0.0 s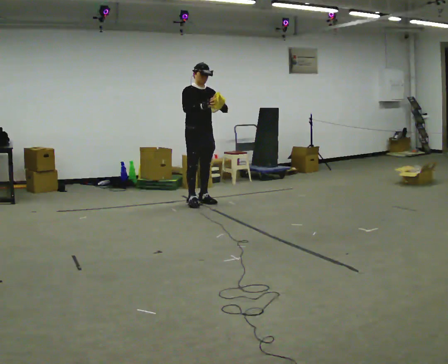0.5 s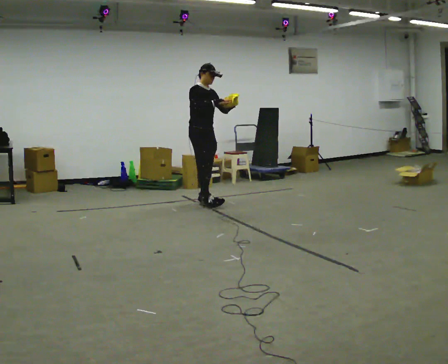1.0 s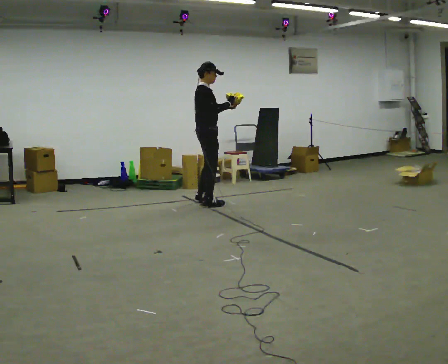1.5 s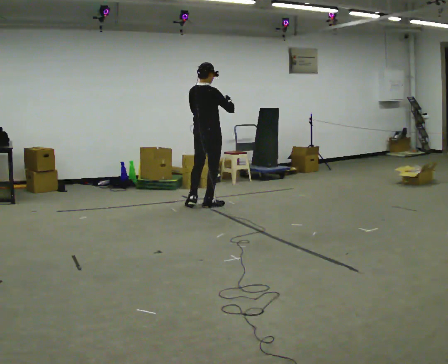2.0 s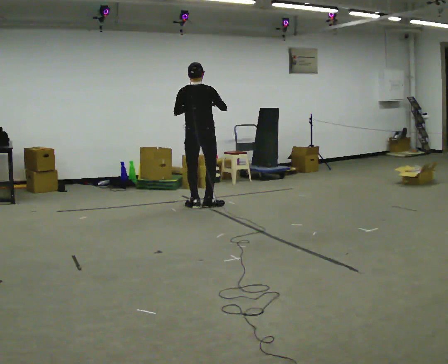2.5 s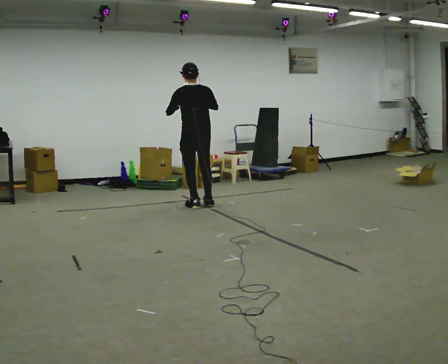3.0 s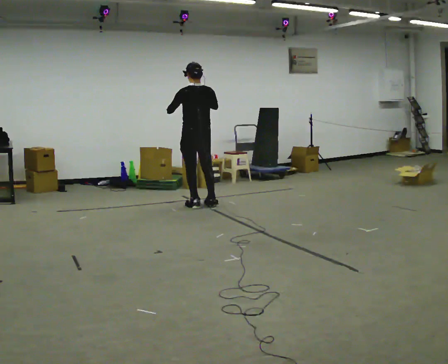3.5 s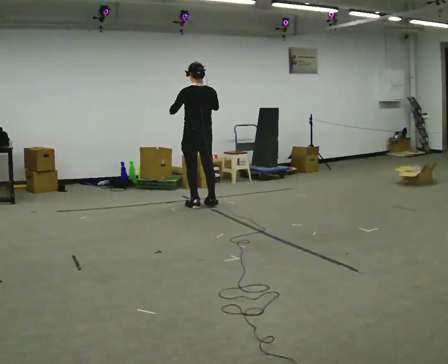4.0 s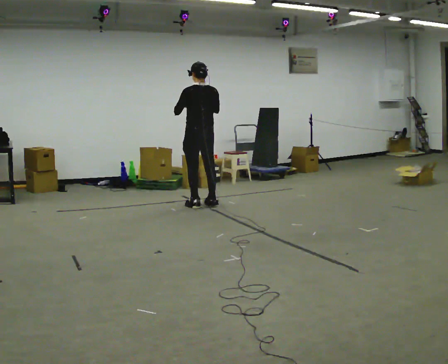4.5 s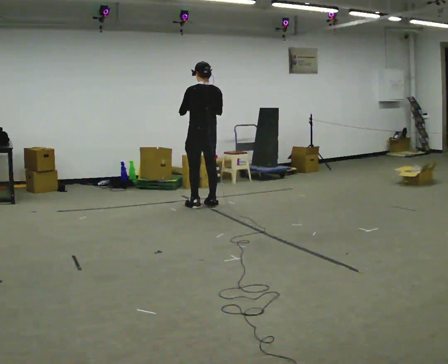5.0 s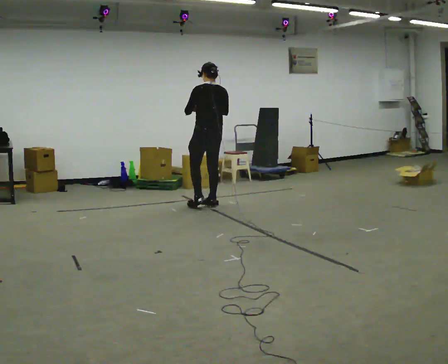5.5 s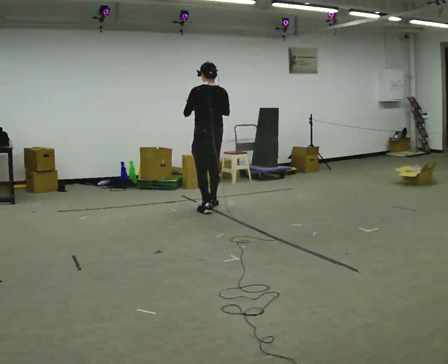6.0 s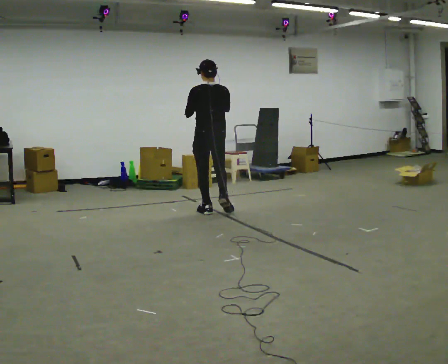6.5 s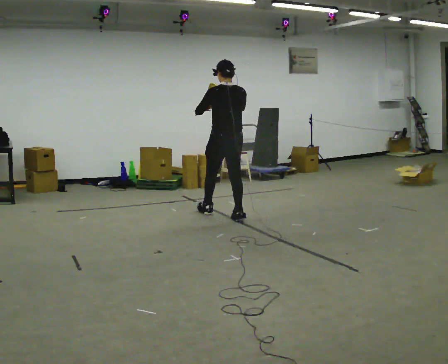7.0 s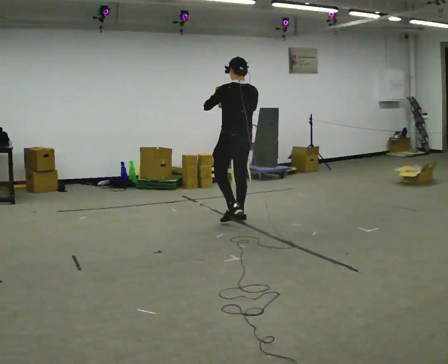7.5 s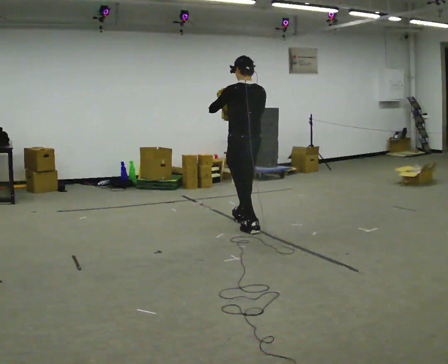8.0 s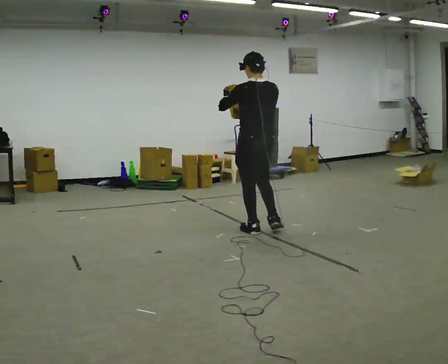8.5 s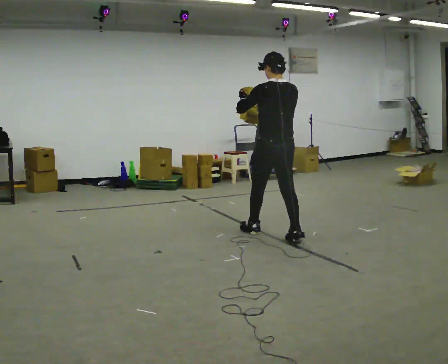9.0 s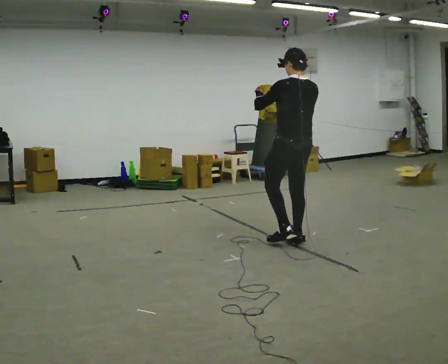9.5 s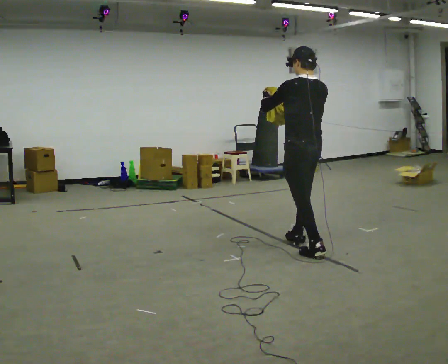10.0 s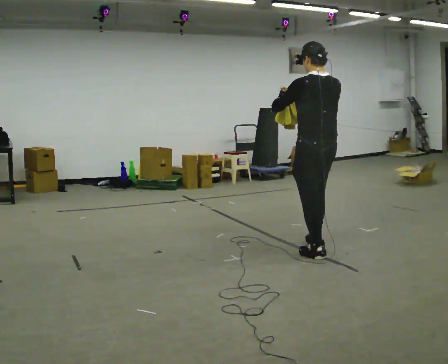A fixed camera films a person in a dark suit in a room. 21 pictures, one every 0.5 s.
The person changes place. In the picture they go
toward the camera.
0.0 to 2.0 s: Seen from above the body turns counterclockwise, about 135 degrees: to their left, with its near side sliding to the right. In the picture they go toward the camera, about 0.25 m in 2 steps. In the picture their left hand goes to the left.
2.0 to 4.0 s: Seen from above the body turns counterclockwise, about 30 degrees: to their left, with its near side sliding to the right.
4.0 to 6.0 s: In the picture they go toward the camera and to the right, about 0.5 m in 2 steps, which for them is backward.
6.0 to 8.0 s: In the picture they go toward the camera and to the right, about 1 m in 2 steps, which for them is backward.
8.0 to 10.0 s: In the picture they go toward the camera and to the right, about 1 m in 2 steps, which for them is backward.
The film runs backward here.
